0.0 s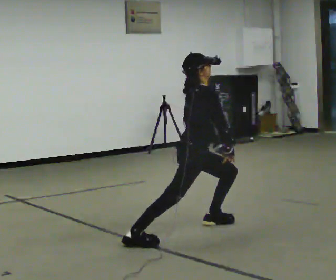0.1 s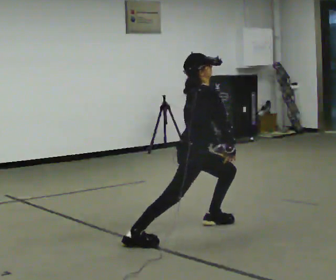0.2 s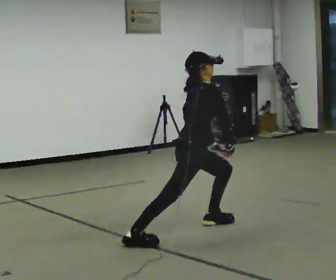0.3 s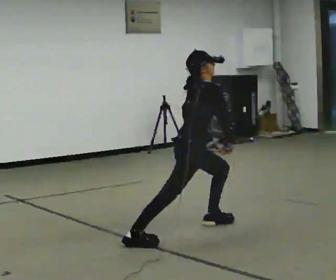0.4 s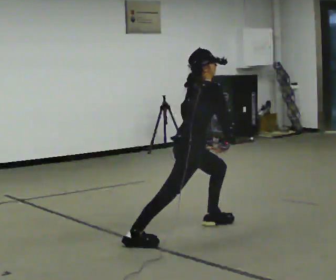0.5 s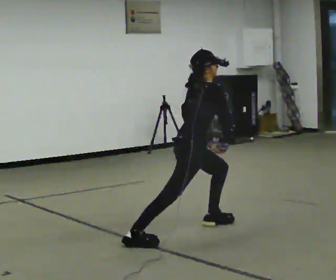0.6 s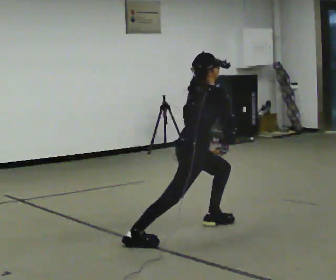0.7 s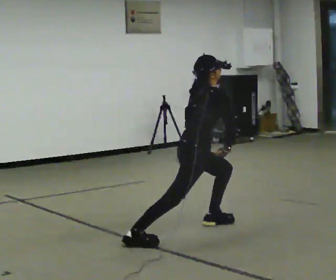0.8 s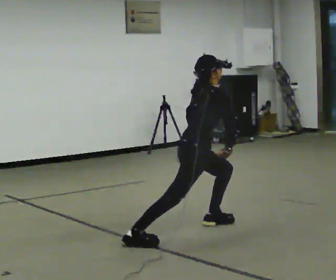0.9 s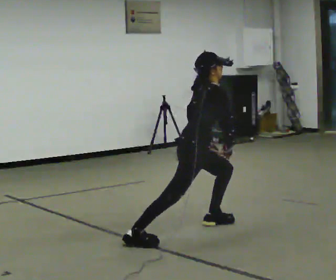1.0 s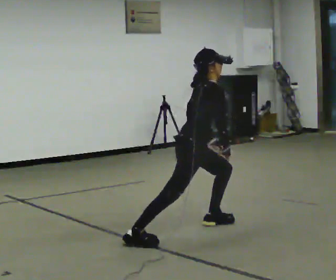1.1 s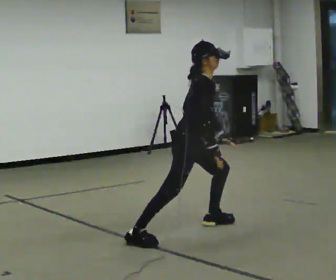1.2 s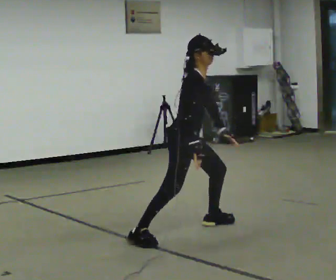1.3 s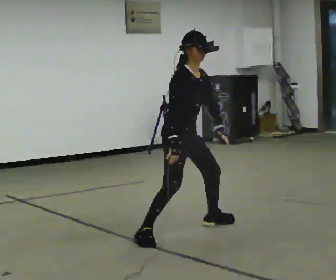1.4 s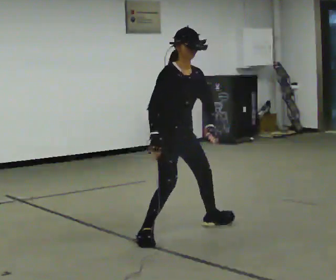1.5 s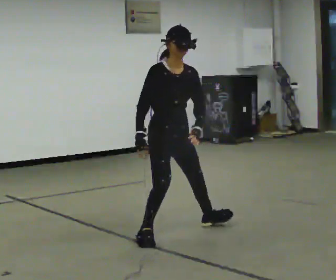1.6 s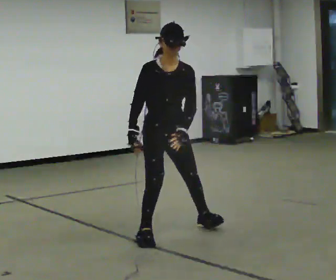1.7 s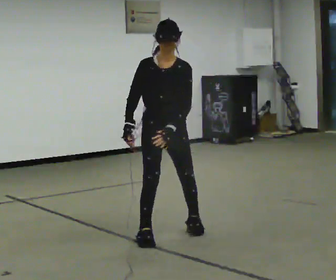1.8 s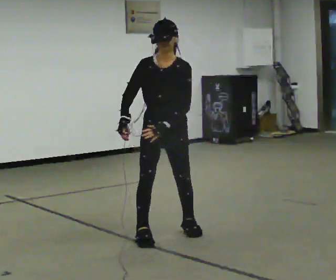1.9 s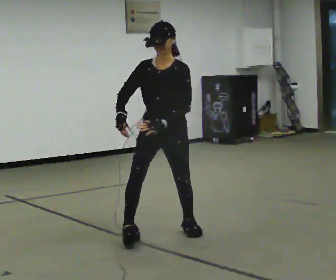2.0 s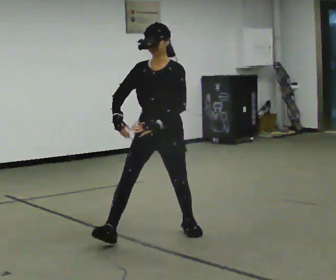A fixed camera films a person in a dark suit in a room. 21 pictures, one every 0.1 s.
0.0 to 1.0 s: The person moves a little, or ends about where they began.
1.0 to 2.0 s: Seen from above the body turns clockwise, about 105 degrees: to their right, with its near side sliding to the left. In the picture they go toward the camera and to the left, about 0.25 m in 2 steps. The upper body goes upward. In the picture the upper body tilts counterclockwise, shoulders to the left, as they lean back or straighten.
The film runs forward here.
